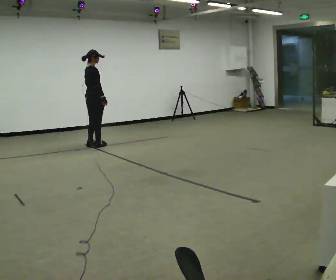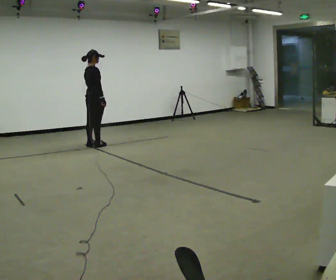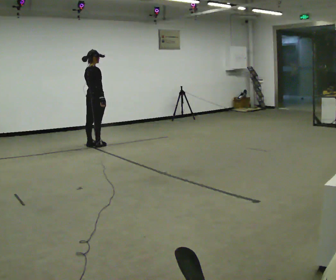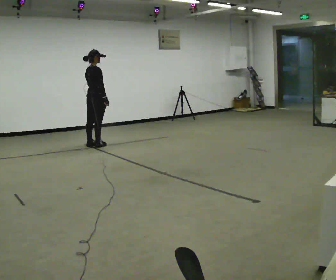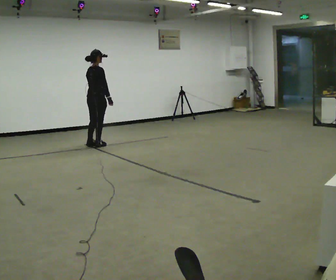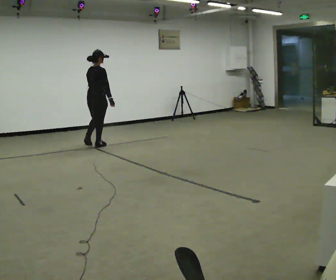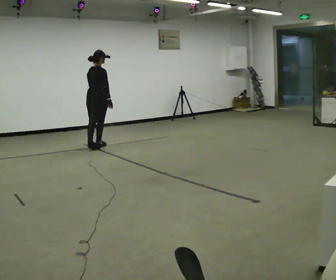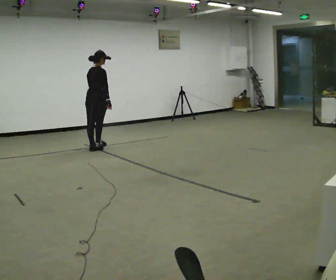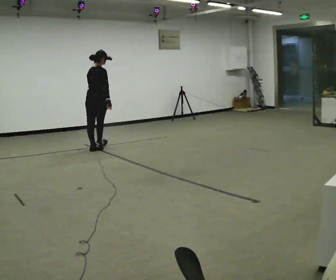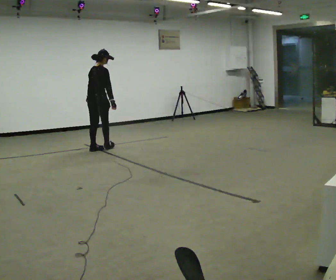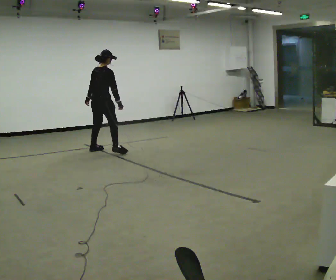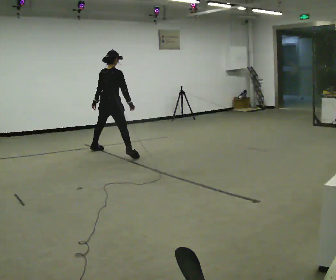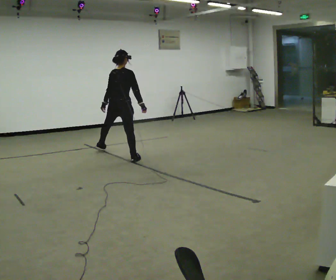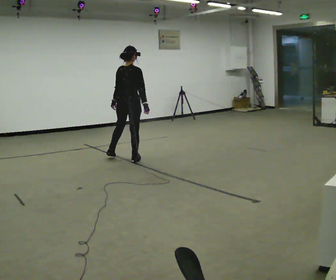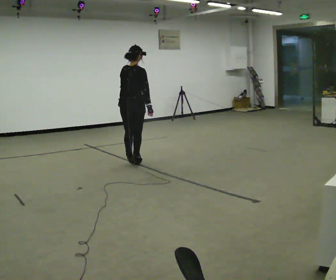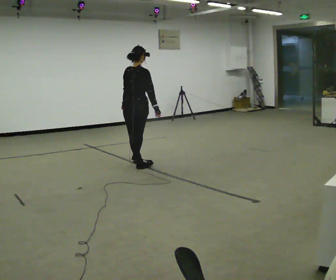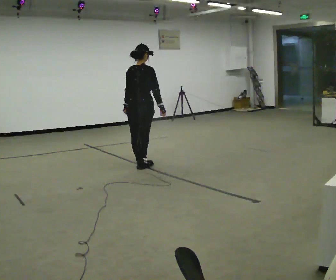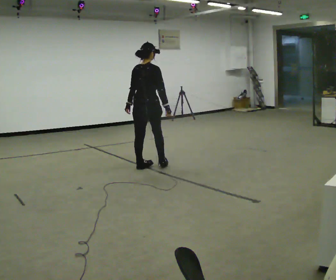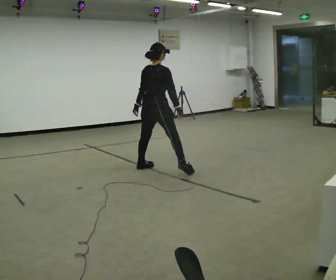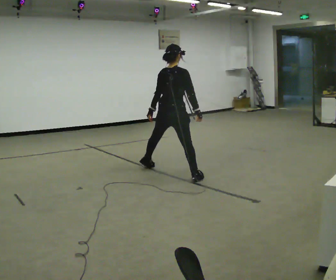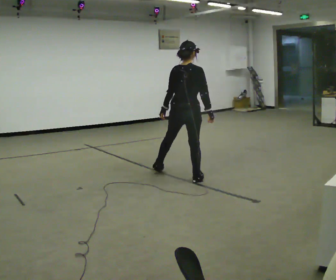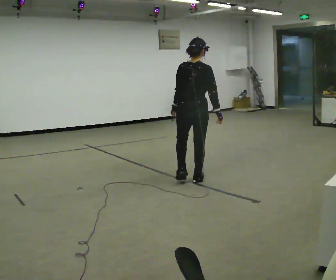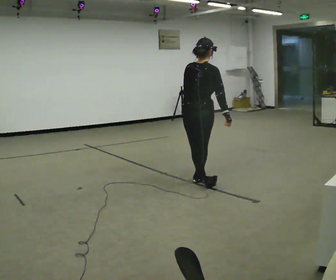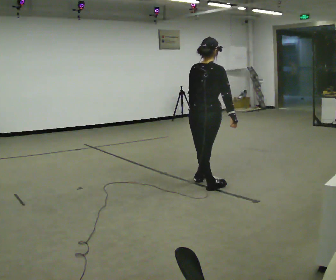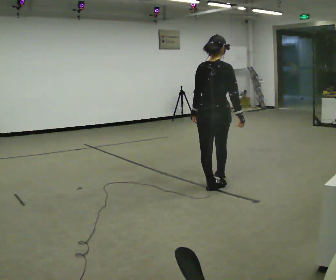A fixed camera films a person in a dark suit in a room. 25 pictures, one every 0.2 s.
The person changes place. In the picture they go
toward the camera.
0.0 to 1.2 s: The person moves a little, or ends about where they began.
1.2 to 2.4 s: In the picture they go toward the camera and to the right, about 1 m in 2 steps, which for them is to their right.
2.4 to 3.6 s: In the picture they go toward the camera and to the right, about 1 m in 1 step, which for them is to their right and backward.
3.6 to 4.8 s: In the picture they go toward the camera and to the right, about 1 m in 2 steps, which for them is to their right and backward.
The film runs backward here.
